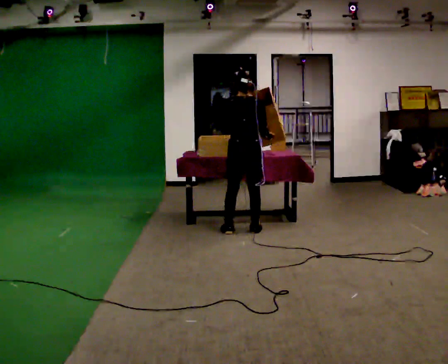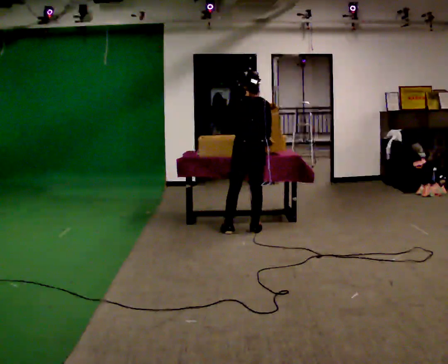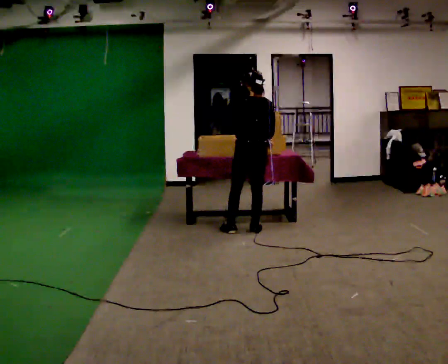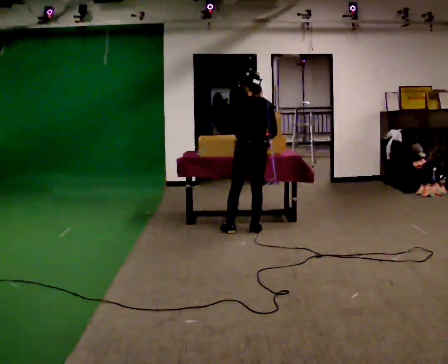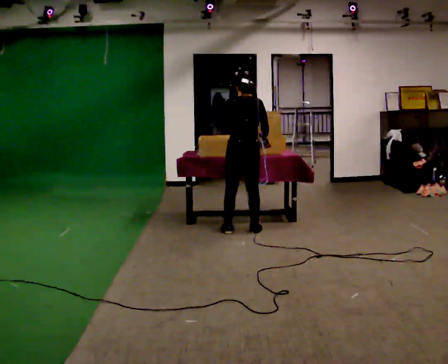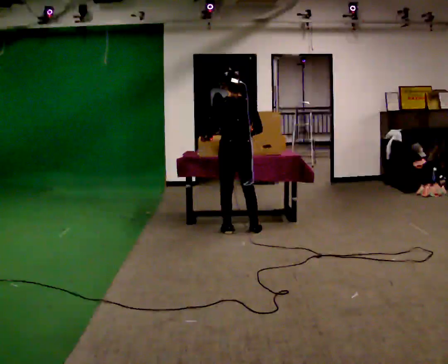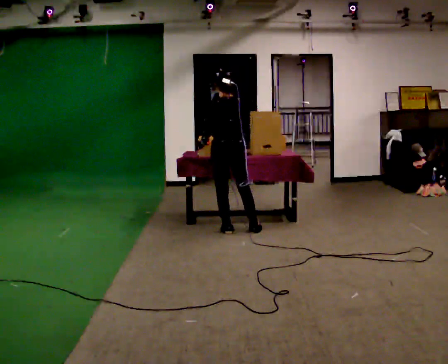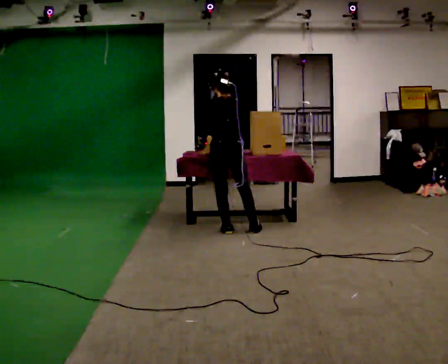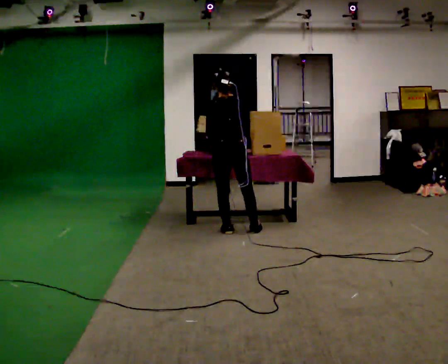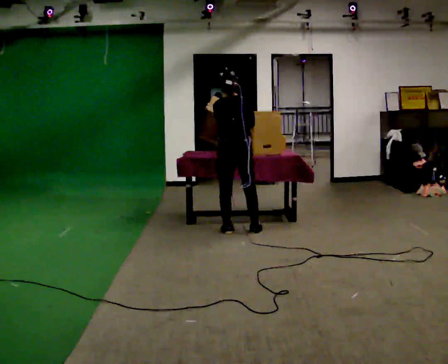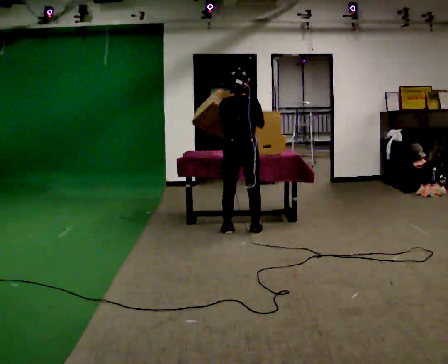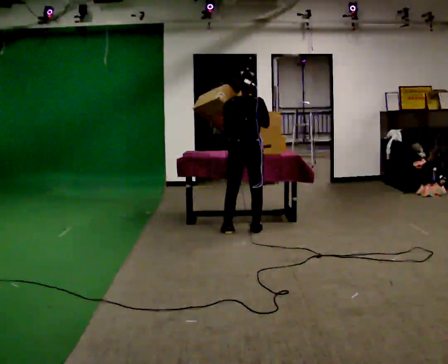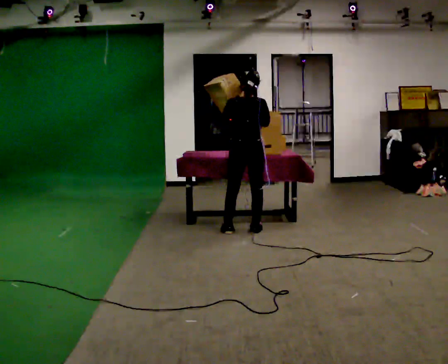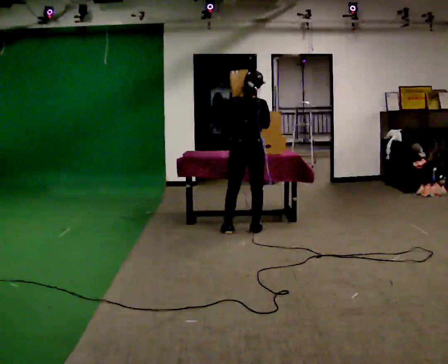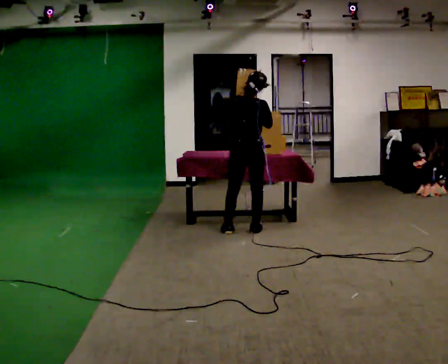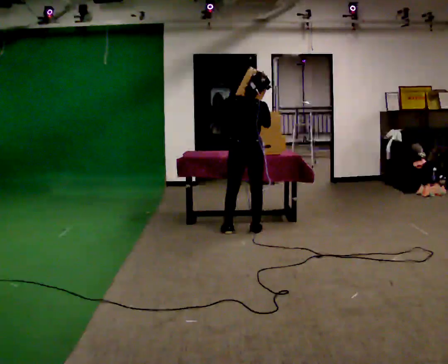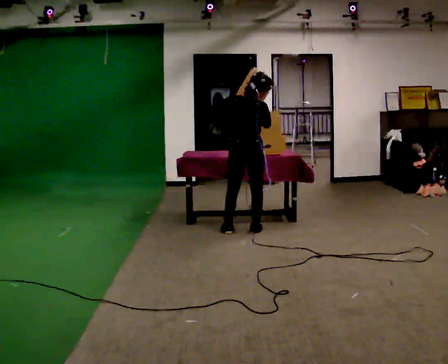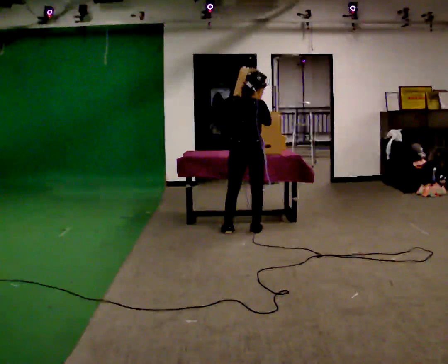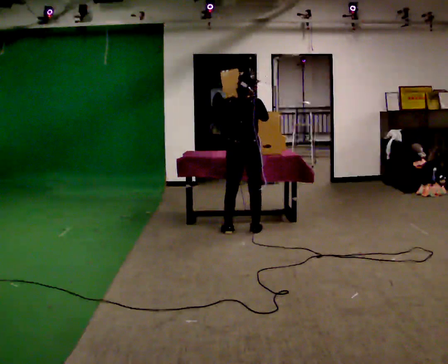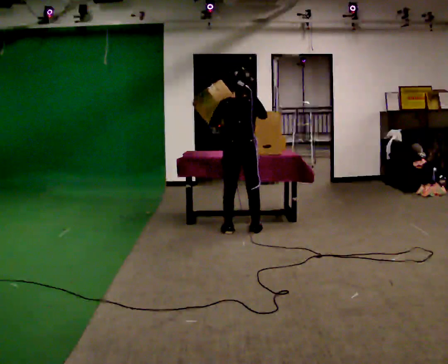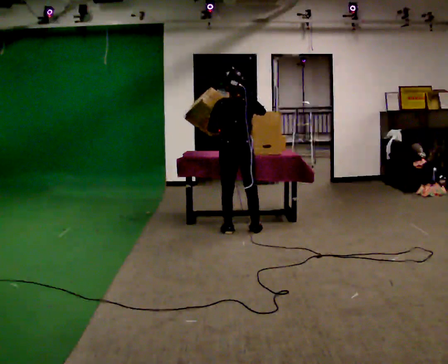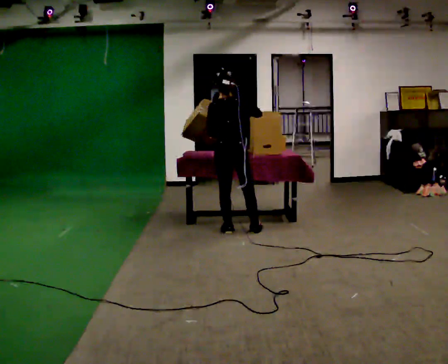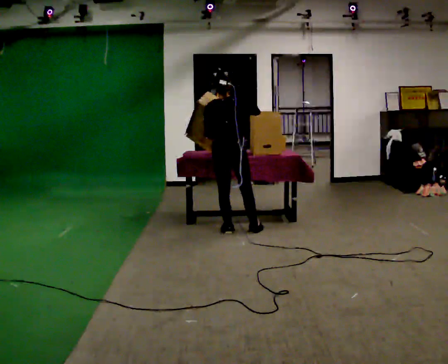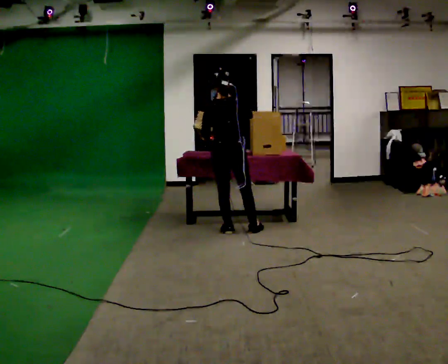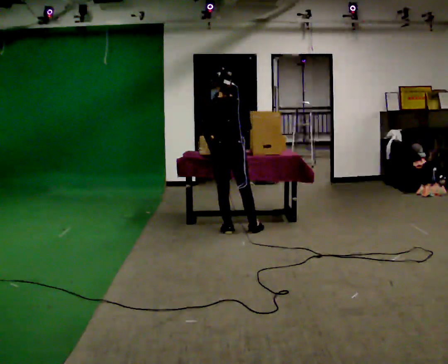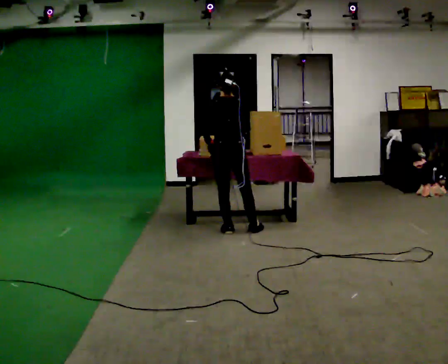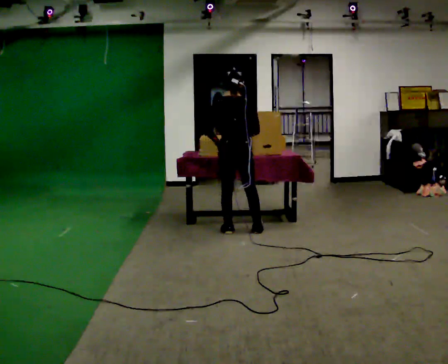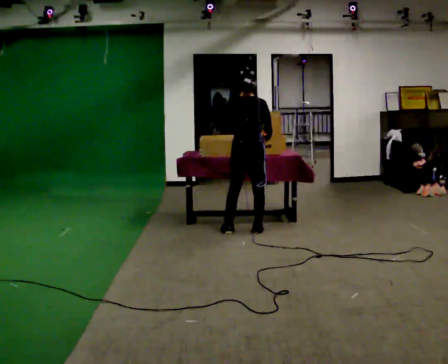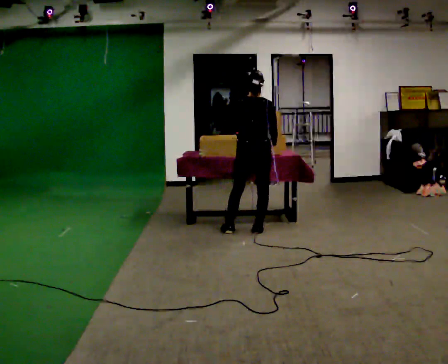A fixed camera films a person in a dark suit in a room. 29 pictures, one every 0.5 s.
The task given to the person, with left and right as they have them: Pour the contents from one container into the other, then pour them back. Repeat at your own pace until the operator says stop. Keep both feet on the marked spots for the whole take. If you have to step, stop and tell the operator.
0.0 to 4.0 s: The person moves a little, or ends about where they began.
4.0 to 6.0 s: In the picture they go to the right, about 0.25 m, which for them is to their right.
6.0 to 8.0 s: The person moves a little, or ends about where they began.
8.0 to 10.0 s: In the picture their left hand goes downward.
10.0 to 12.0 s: The person moves a little, or ends about where they began.
12.0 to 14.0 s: In the picture they go to the right, about 0.25 m, which for them is to their right.
The film runs forward here.
